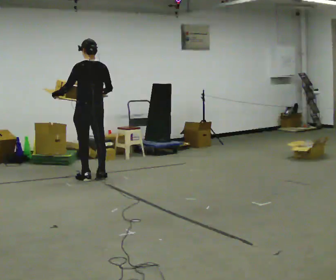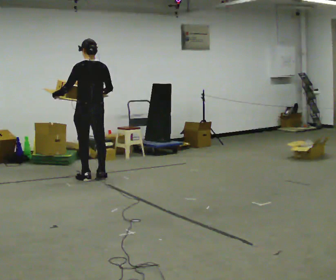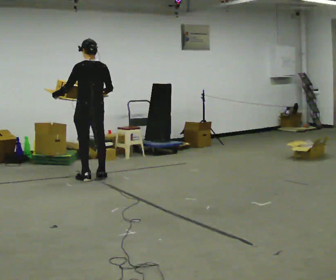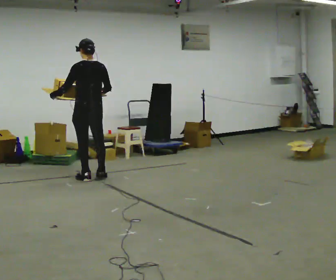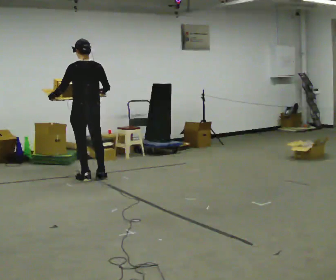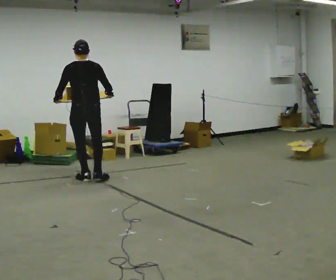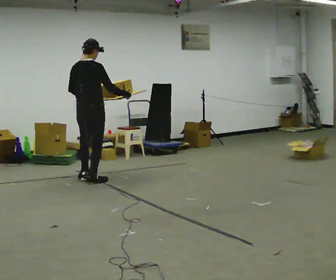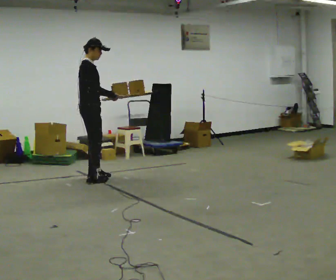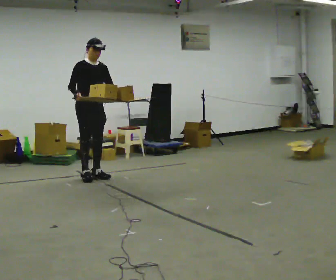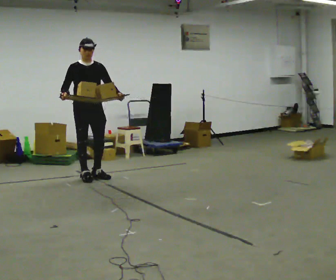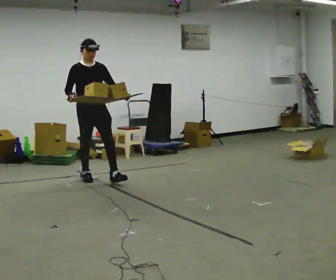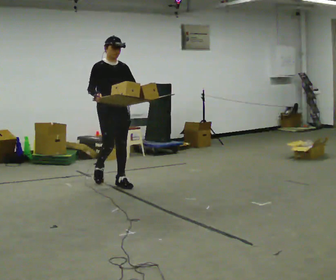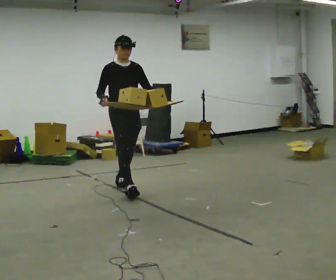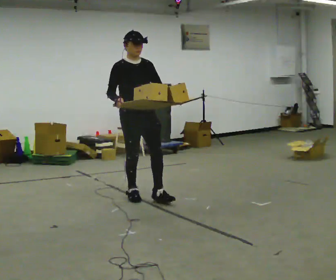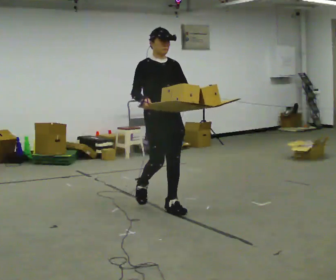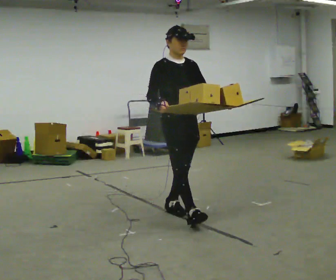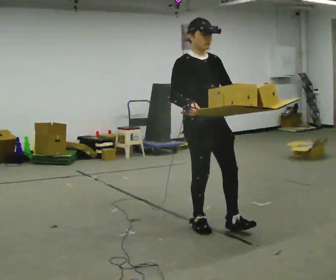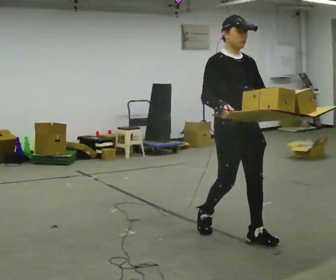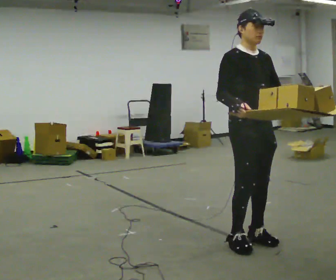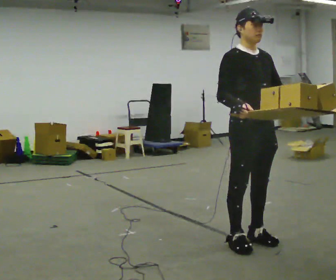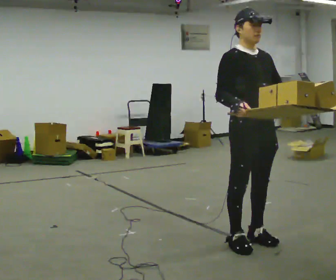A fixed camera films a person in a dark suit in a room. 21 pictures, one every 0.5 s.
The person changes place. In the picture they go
toward the camera.
0.0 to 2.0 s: The person moves a little, or ends about where they began.
2.0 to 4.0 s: The person turns about 180 degrees to their right, clockwise seen from above, so the part of the body nearest the lens slides to the left. In the picture their right hand goes to the left, the arm swinging clockwise.
4.0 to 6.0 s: In the picture they go toward the camera and to the right, about 1 m in 2 steps, which for them is forward.
6.0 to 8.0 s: In the picture they go toward the camera, about 1.5 m in 2 steps, which for them is forward.
8.0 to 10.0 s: In the picture they go toward the camera and to the right, about 0.5 m in 2 steps, which for them is forward.
The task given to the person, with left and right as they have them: Carry the loaded tray flat and level in both hands, walking back and forth across the room. Try not to let anything slide off.
The film runs forward here.
